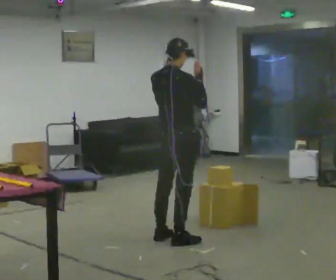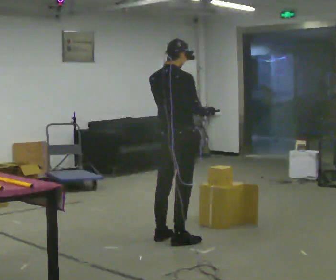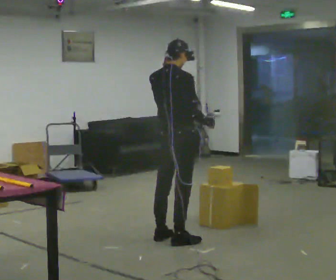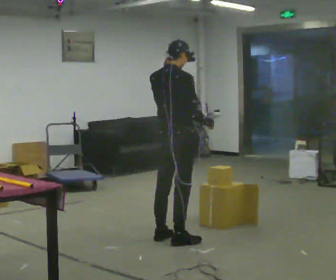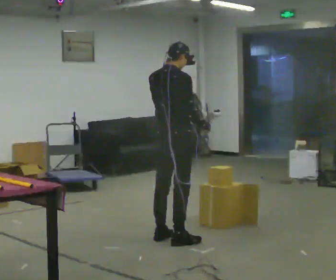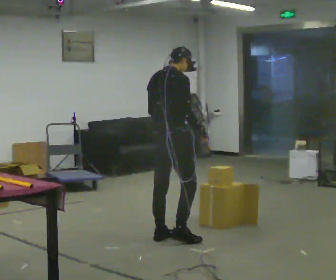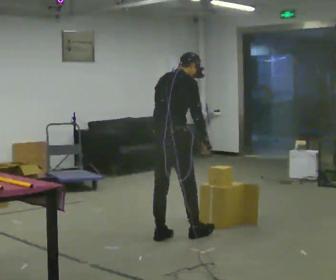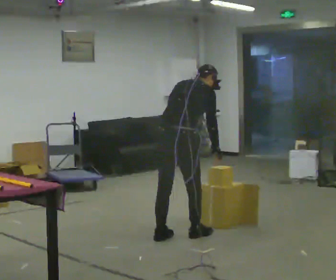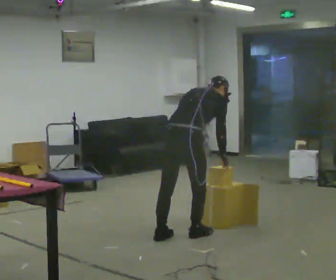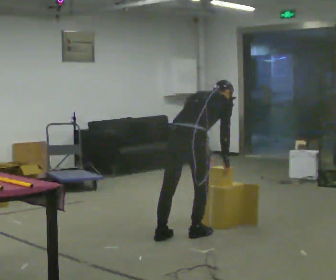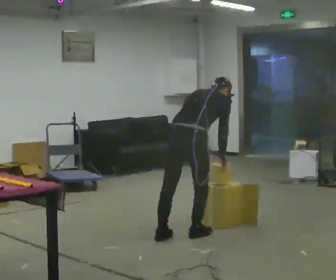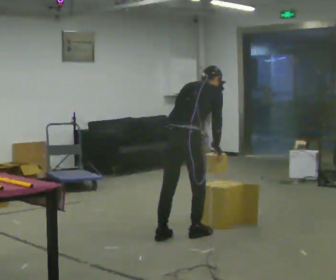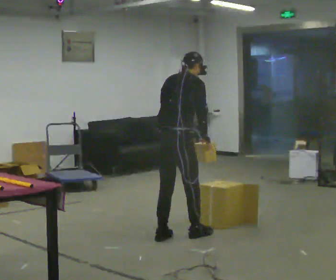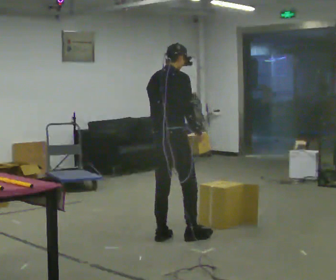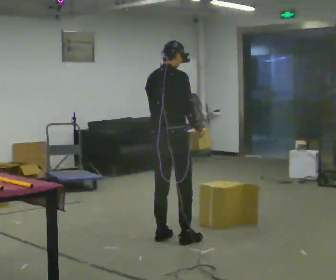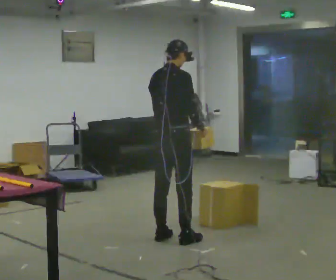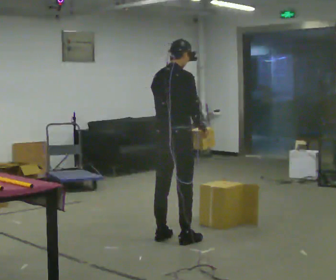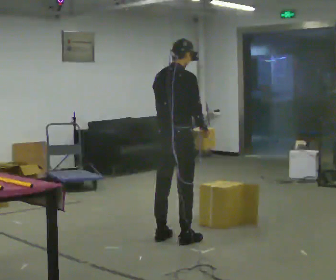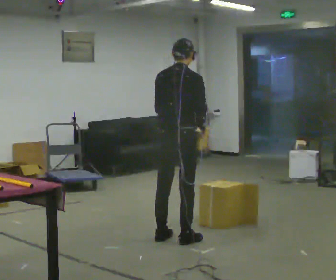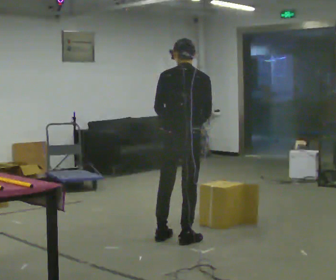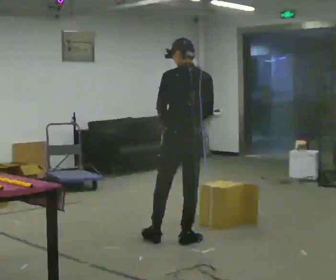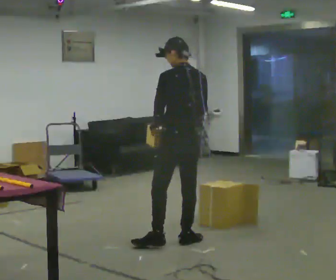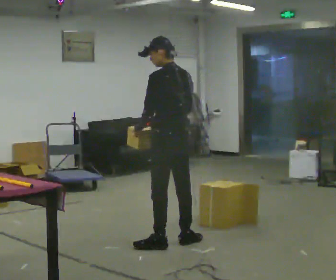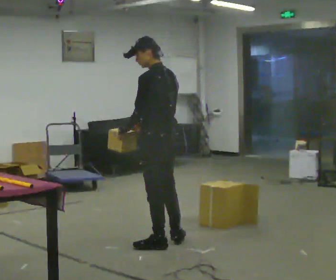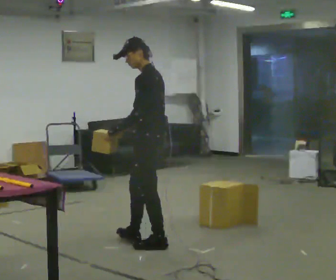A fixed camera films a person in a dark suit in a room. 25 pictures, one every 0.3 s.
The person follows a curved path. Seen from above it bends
counterclockwise.
0.0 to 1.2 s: In the picture their right hand goes downward.
1.2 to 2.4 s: The upper body goes downward. The upper body tips away from the camera, its near side rolling upward, as they bend forward. In the picture their left hand goes downward and to the right.
2.4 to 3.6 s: In the picture the upper body tilts counterclockwise, shoulders to the left, as they lean back or straighten.
3.6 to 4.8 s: The upper body tips toward the camera, its near side rolling downward, as they lean back or straighten.
4.8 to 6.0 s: Seen from above the body turns counterclockwise, about 45 degrees: to their left, with its near side sliding to the right.
6.0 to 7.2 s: The person turns about 75 degrees to their left, counterclockwise seen from above, so the part of the body nearest the lens slides to the right. In the picture they go to the left, about 0.25 m in 1 step.
The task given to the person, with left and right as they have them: Carry the object across the room and slide it into the slot on the shelf. It is a close fit, so take the time you need. Keep going until the operator says stop; one object at a time, and do not rush between trips.
The film runs forward here.
